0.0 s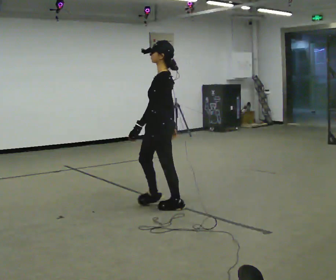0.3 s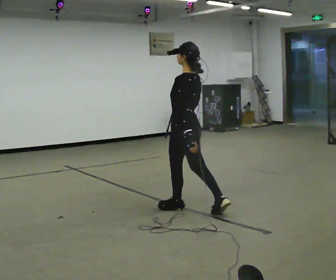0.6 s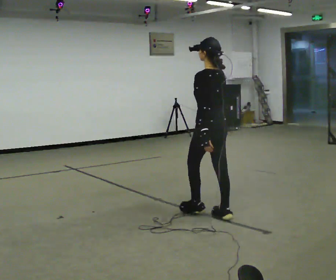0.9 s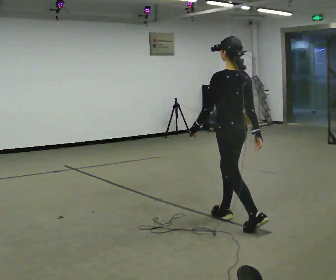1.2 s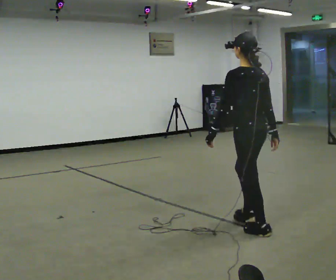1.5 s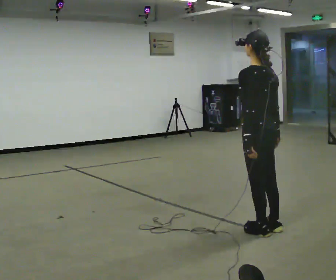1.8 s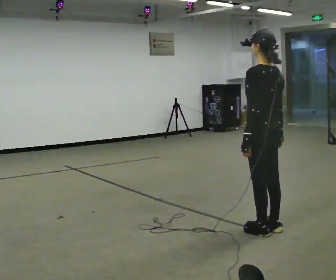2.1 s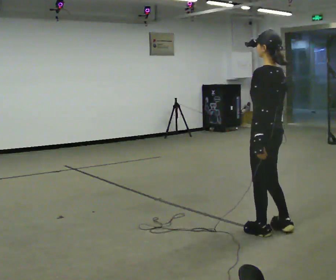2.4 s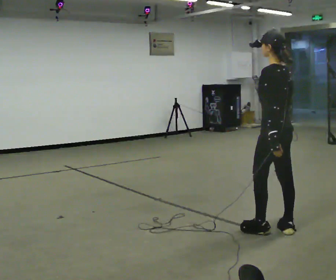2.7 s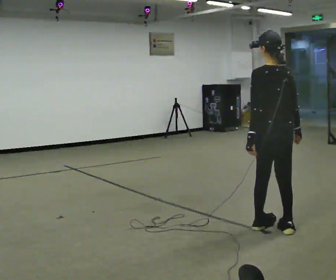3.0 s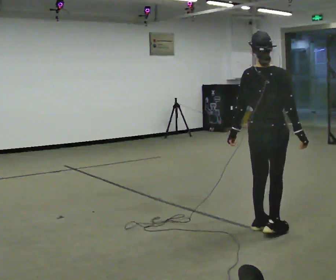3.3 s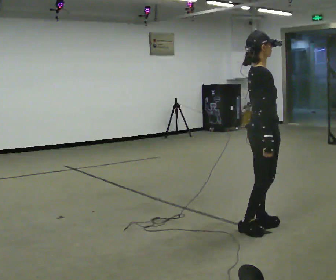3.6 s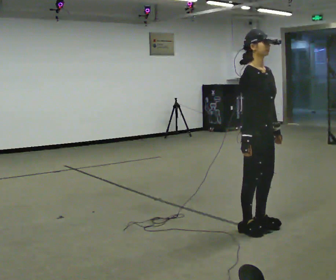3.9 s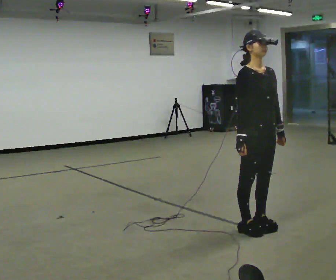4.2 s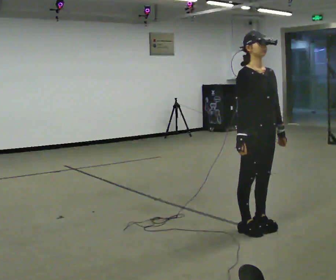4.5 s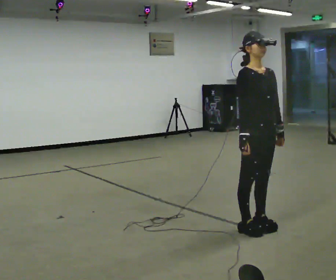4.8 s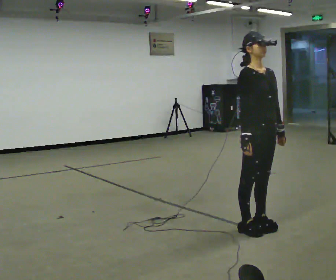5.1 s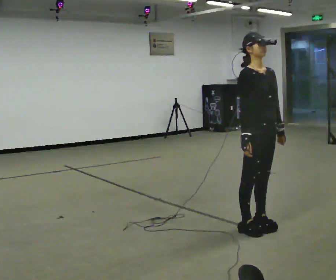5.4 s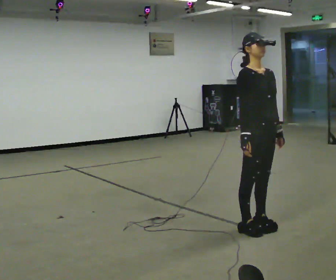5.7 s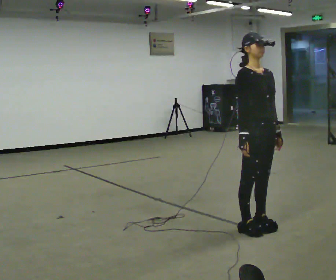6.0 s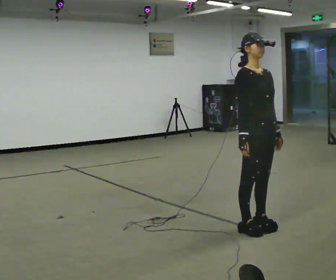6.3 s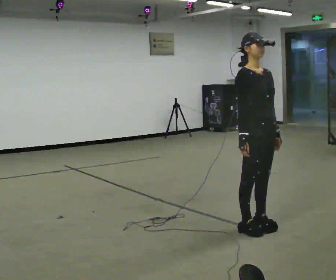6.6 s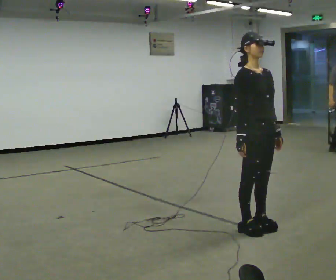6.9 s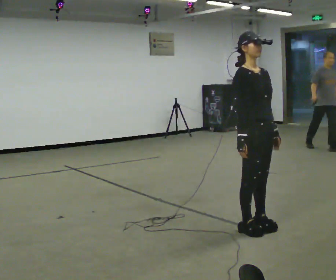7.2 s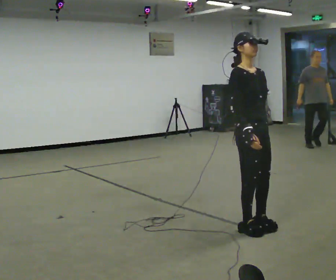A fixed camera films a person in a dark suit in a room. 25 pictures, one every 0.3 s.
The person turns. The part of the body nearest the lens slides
to the left.
The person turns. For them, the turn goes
to their right.
0.0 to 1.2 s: The person turns about 60 degrees to their right, clockwise seen from above, so the part of the body nearest the lens slides to the left. In the picture they go to the right and toward the camera, about 1 m in 2 steps.
1.2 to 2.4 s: In the picture they go to the right, about 0.25 m in 1 step, which for them is backward. In the picture their left hand goes to the right.
2.4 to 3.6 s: The person turns about 180 degrees to their right, clockwise seen from above, so the part of the body nearest the lens slides to the left. In the picture their right hand goes to the left.
3.6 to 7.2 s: The person moves a little, or ends about where they began.
The film runs backward here.
